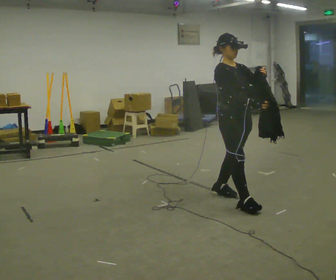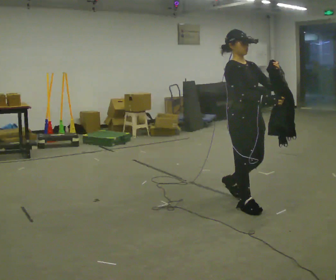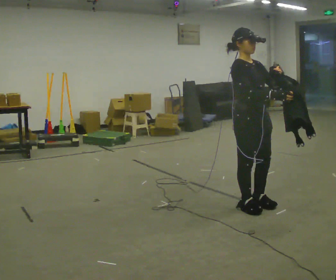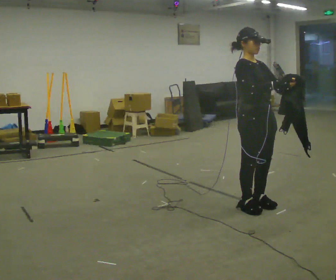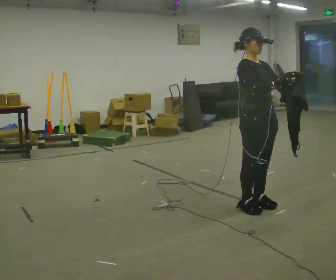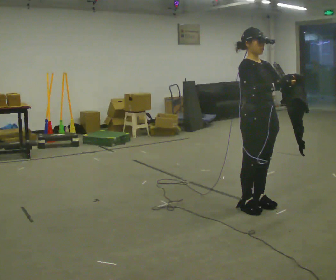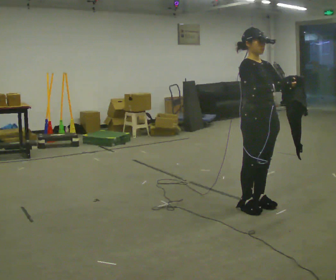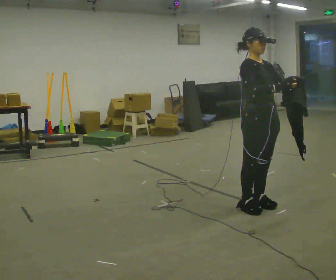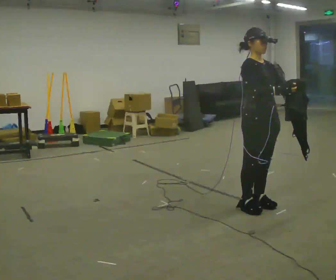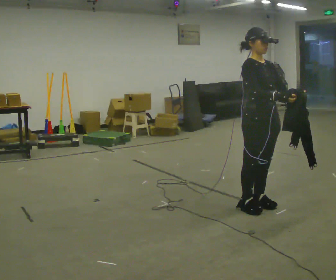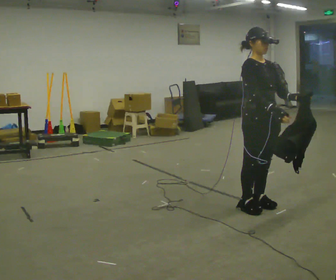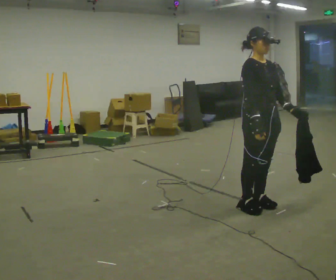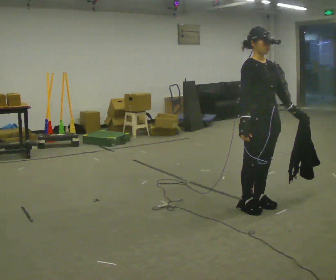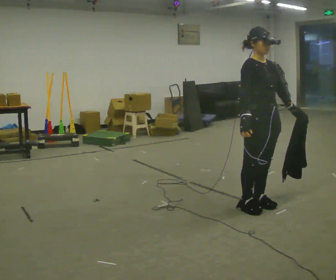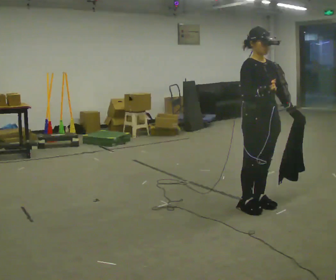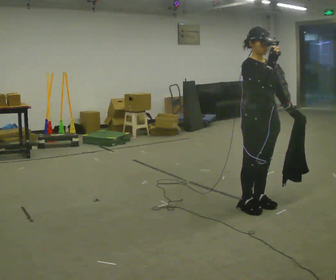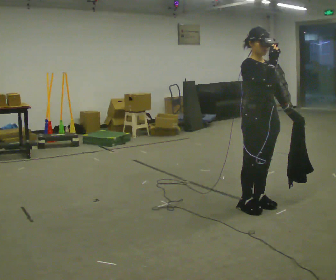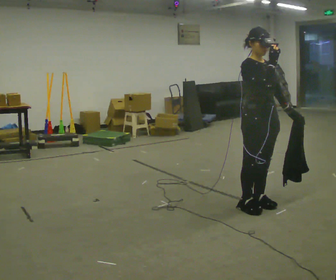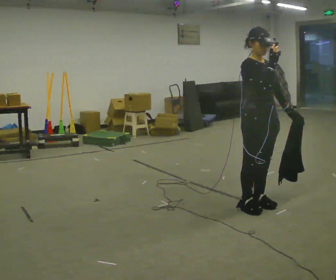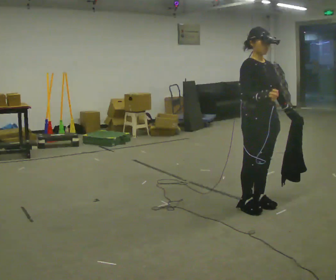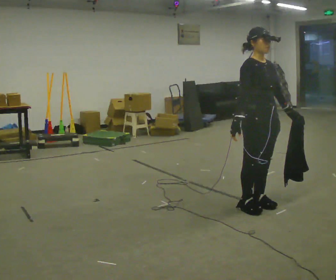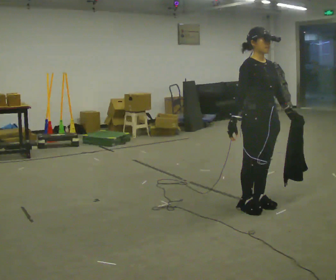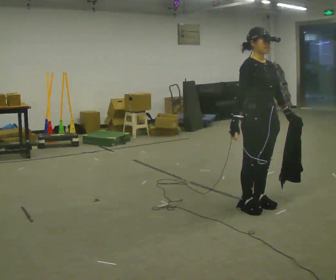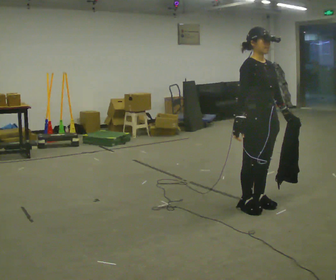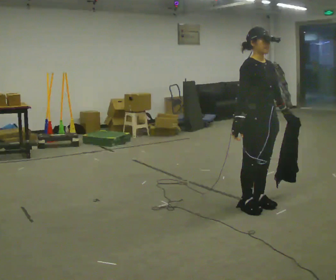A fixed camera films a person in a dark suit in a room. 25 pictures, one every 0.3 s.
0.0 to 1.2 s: In the picture they go to the right and toward the camera, about 0.25 m in 1 step, which for them is forward.
1.2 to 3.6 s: The person moves a little, or ends about where they began.
3.6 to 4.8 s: In the picture their right hand goes upward.
4.8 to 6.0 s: In the picture their right hand goes downward and to the left.
6.0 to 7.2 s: The person moves a little, or ends about where they began.
The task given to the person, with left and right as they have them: Carry the cloth and, while walking, fold it in half, then unfold it. Keep repeating as you walk. Do not stop.
The film runs forward here.
